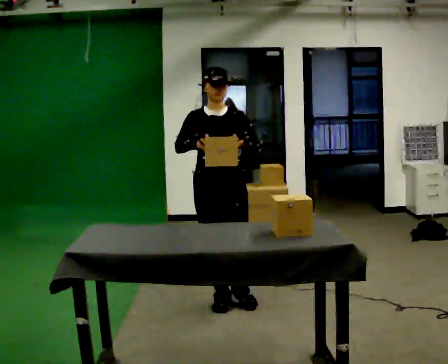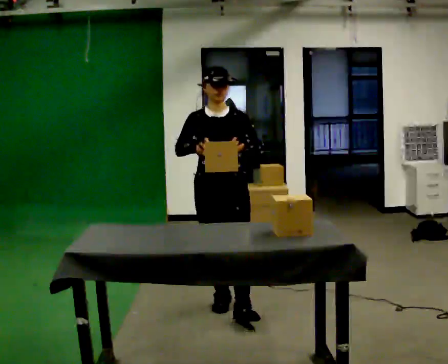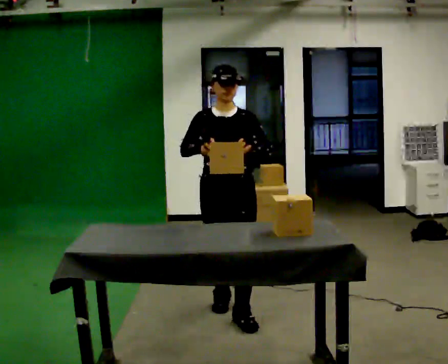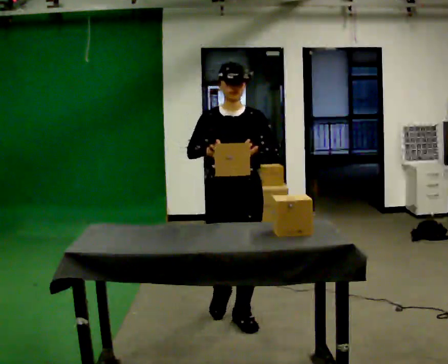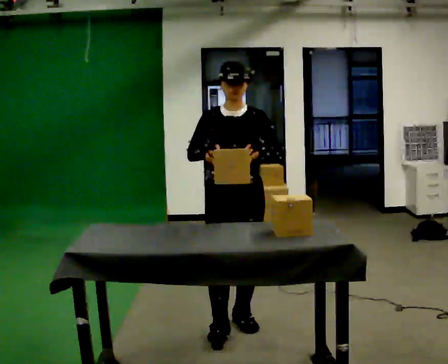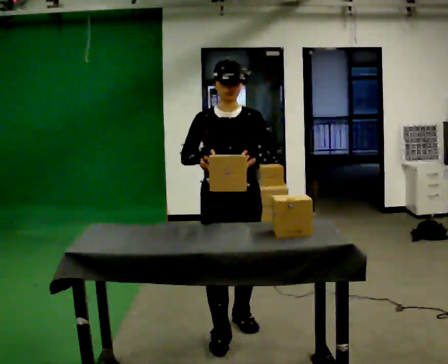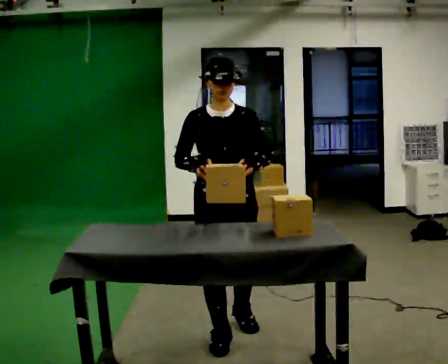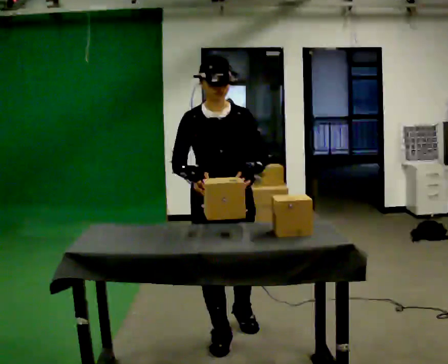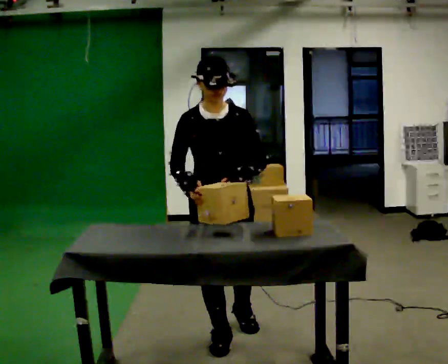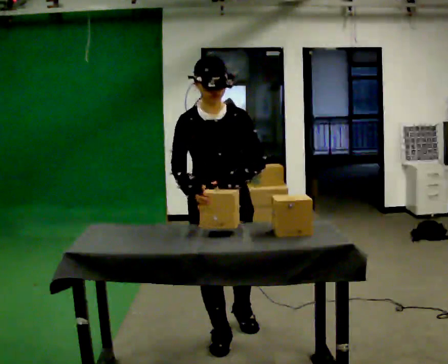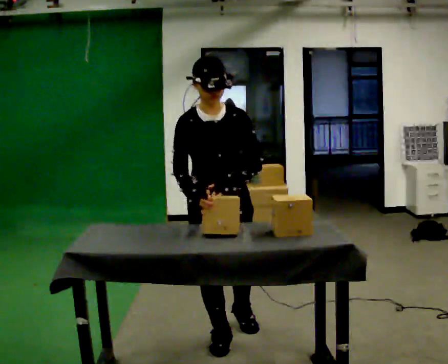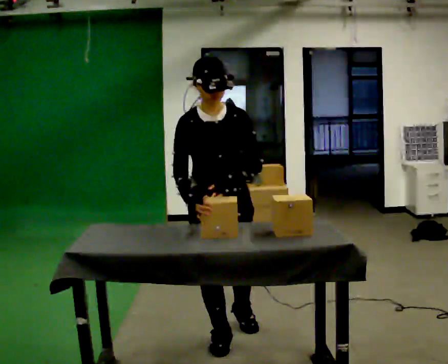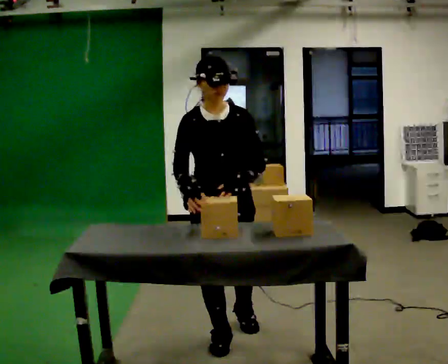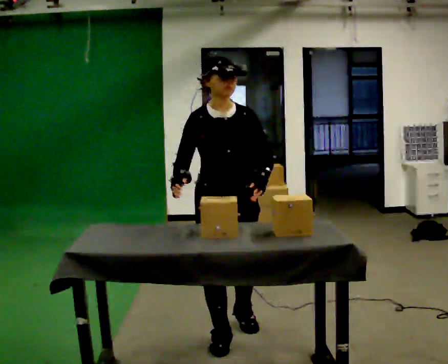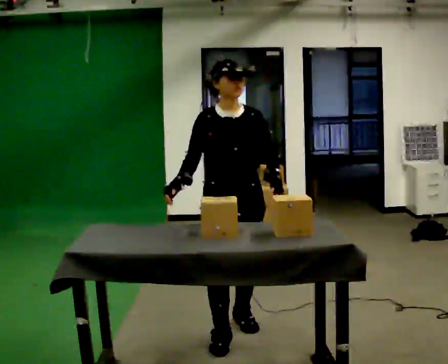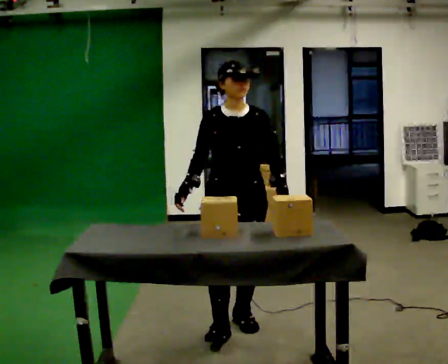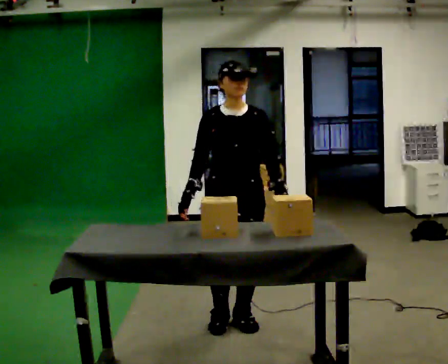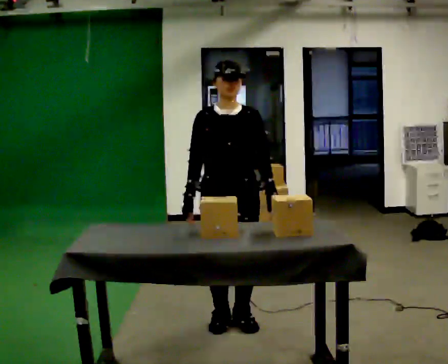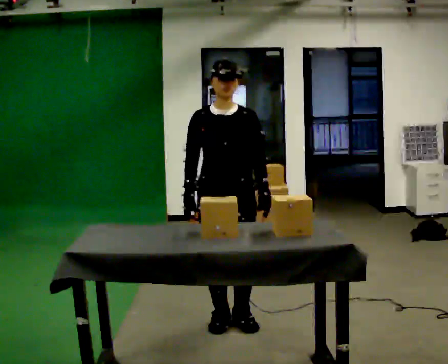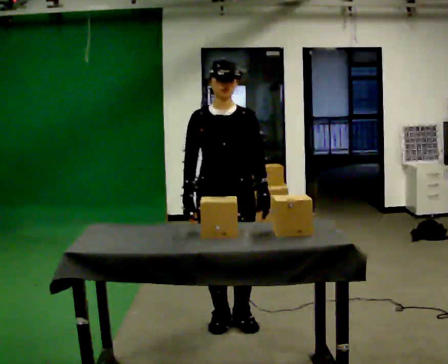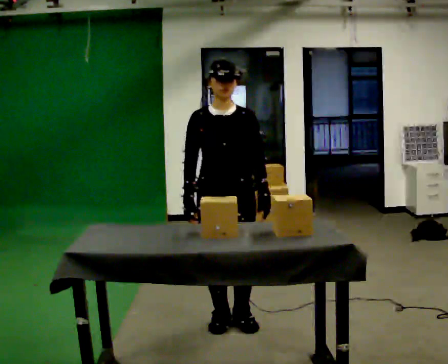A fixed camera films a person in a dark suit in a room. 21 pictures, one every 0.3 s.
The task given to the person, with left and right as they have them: Pick up the next box in the row and carry it to the table. The operator will not tell you how heavy each one is. Keep going until the operator says stop; one object at a time, and do not rush between trips.
0.0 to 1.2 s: In the picture they go toward the camera, about 0.5 m in 1 step, which for them is forward.
1.2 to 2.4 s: In the picture they go toward the camera, about 0.25 m in 1 step, which for them is forward.
2.4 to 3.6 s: The person moves a little, or ends about where they began.
3.6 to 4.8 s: In the picture they go away from the camera, about 0.25 m, which for them is backward and to their left.
4.8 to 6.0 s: The person moves a little, or ends about where they began.
The film runs forward here.
